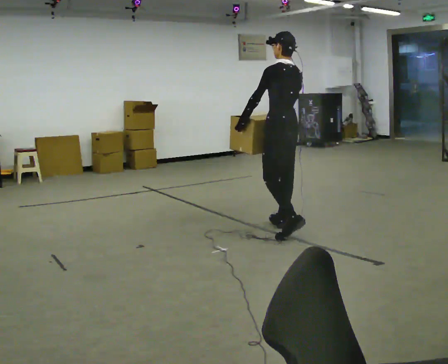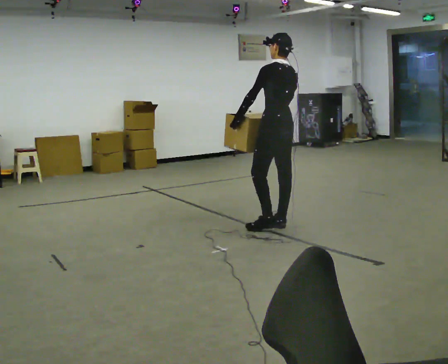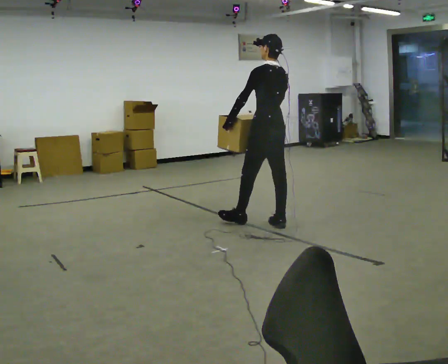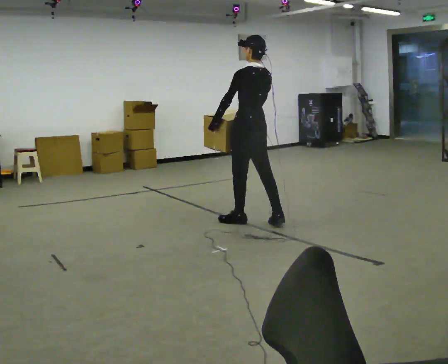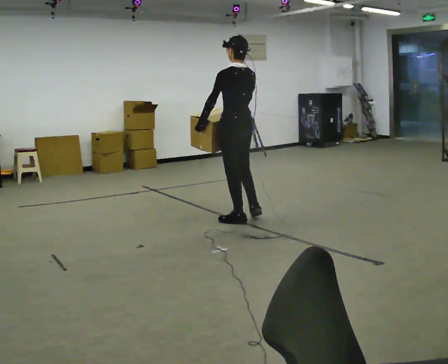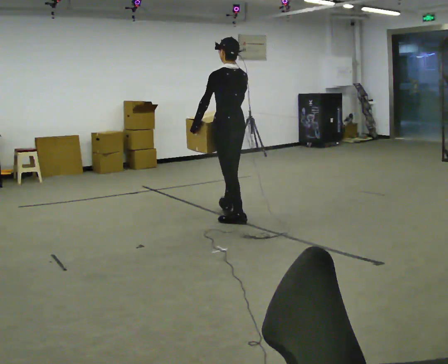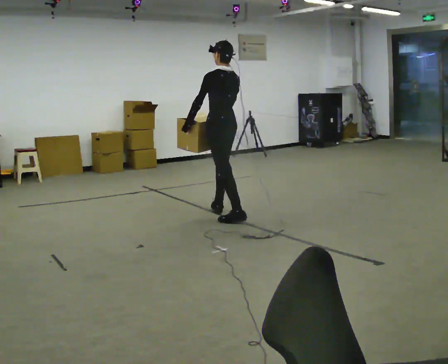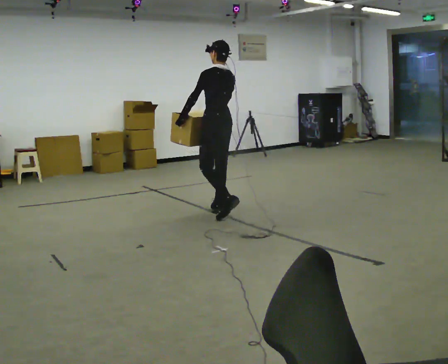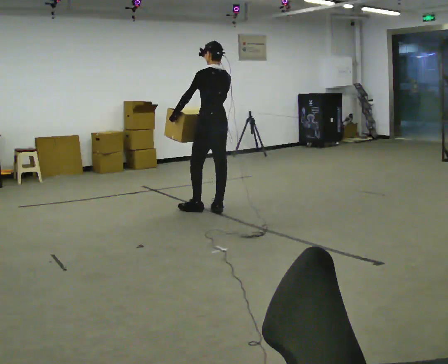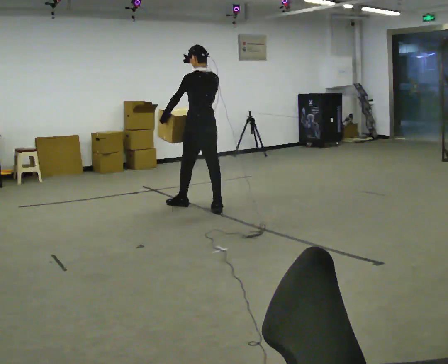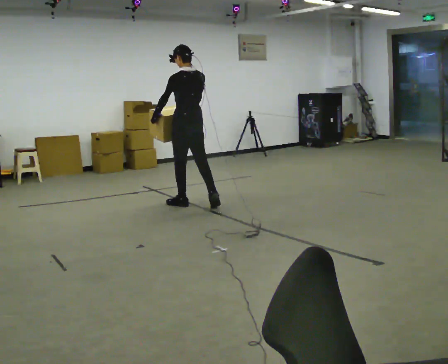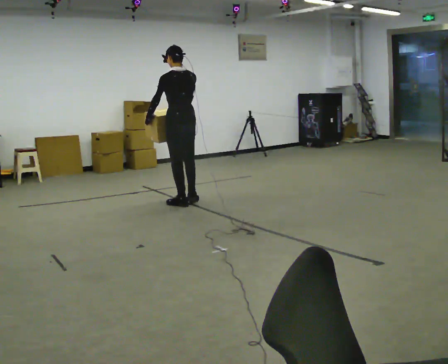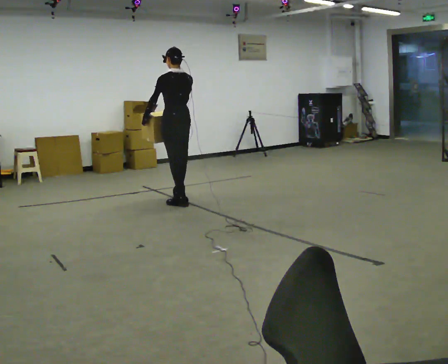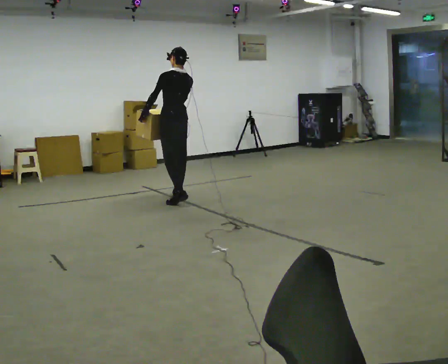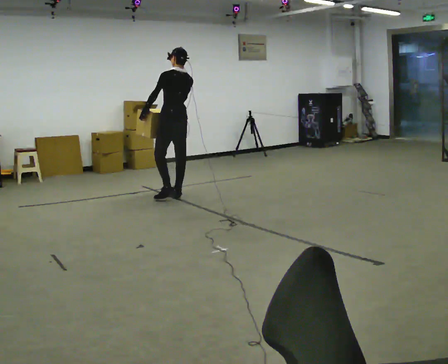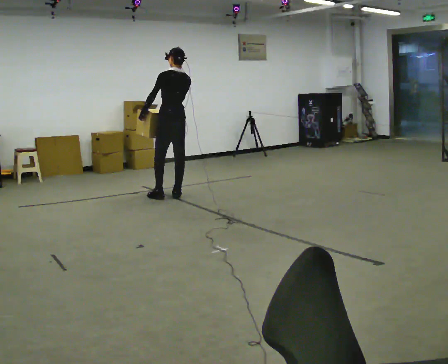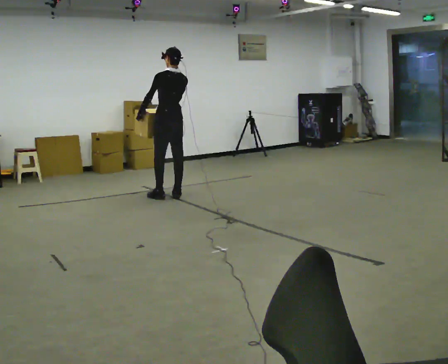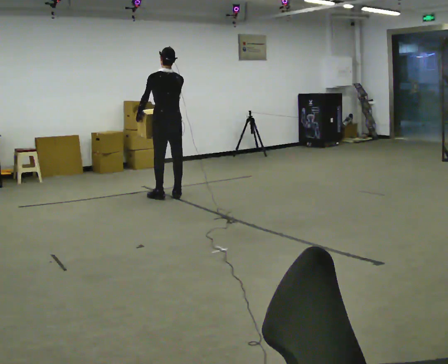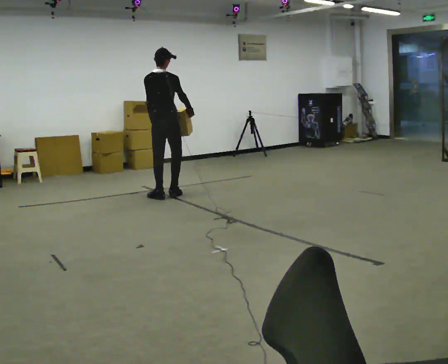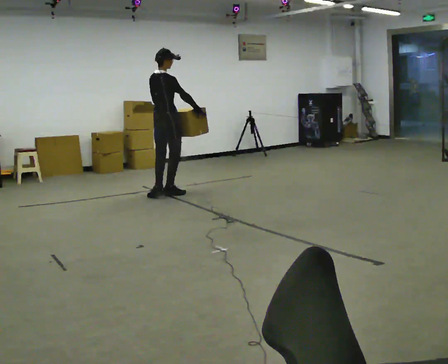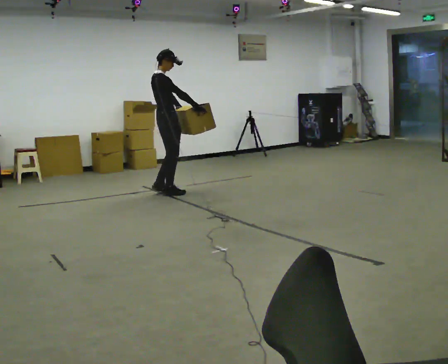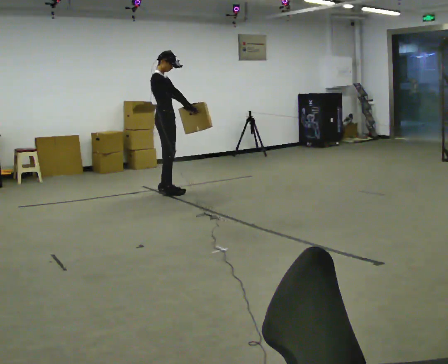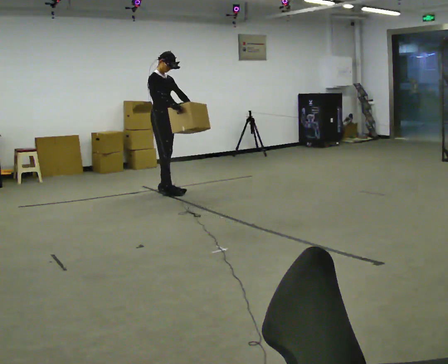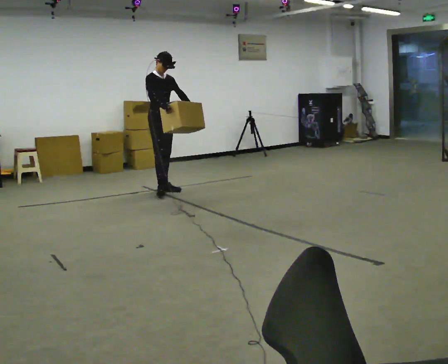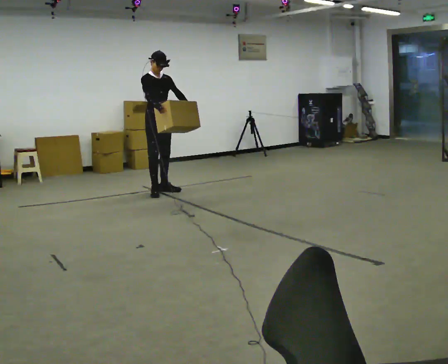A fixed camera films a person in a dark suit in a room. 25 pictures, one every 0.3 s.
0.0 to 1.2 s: In the picture they go to the left and away from the camera, about 0.5 m in 1 step, which for them is forward.
1.2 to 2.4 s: In the picture they go away from the camera, about 0.5 m in 1 step, which for them is forward.
2.4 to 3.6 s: In the picture they go away from the camera and to the left, about 0.5 m in 2 steps, which for them is forward.
3.6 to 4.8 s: In the picture they go away from the camera, about 0.25 m in 1 step, which for them is forward.
4.8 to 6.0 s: Seen from above the body turns clockwise, about 105 degrees: to their right, with its near side sliding to the left. In the picture their right hand goes to the right, the arm swinging counterclockwise.
6.0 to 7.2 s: Seen from above the body turns clockwise, about 75 degrees: to their right, with its near side sliding to the left. In the picture their right hand goes to the left.
The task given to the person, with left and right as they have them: Carry the box across the room, stopping and starting again each time the operator says stop and go. Do not set the box down.
The film runs forward here.
